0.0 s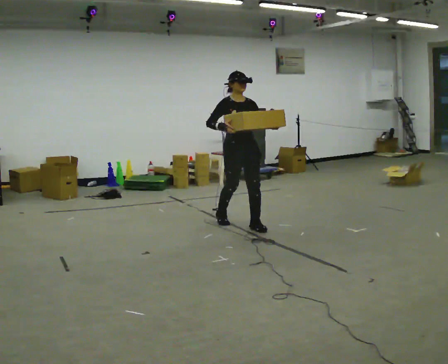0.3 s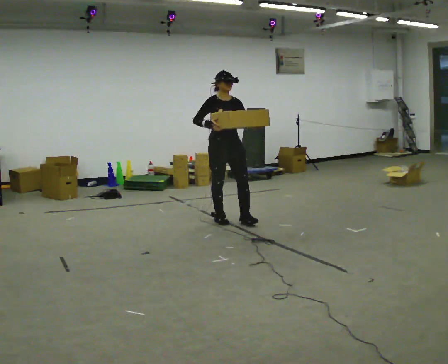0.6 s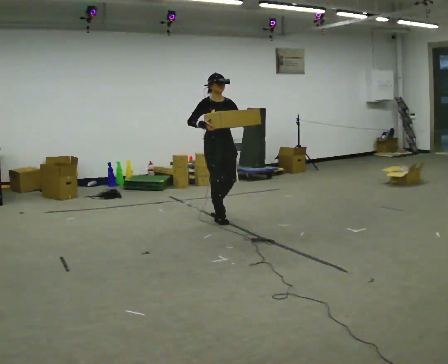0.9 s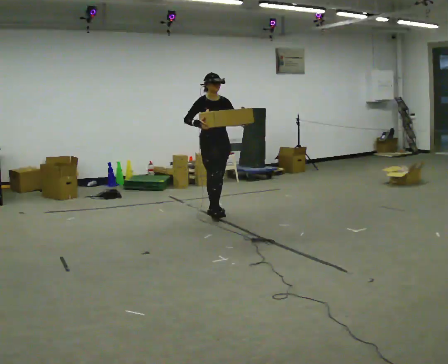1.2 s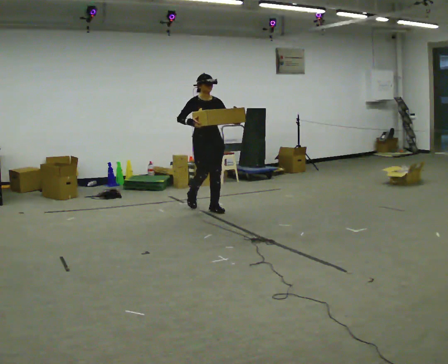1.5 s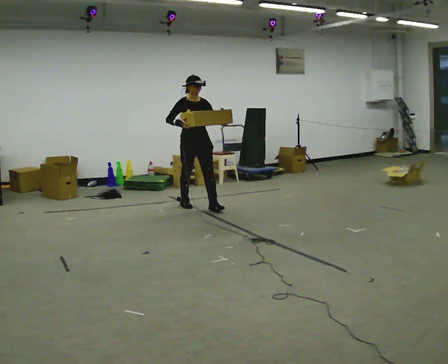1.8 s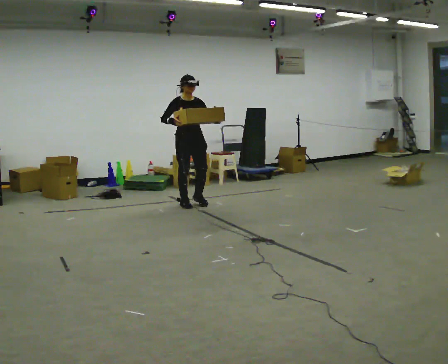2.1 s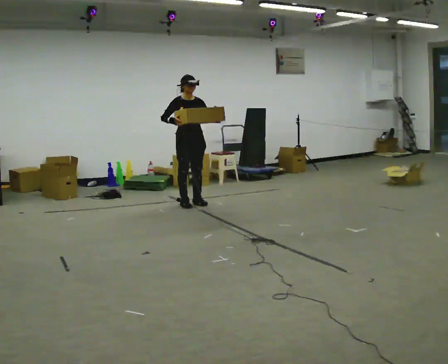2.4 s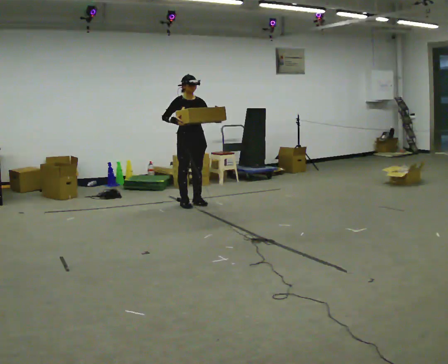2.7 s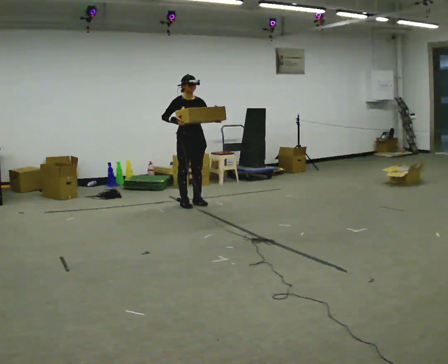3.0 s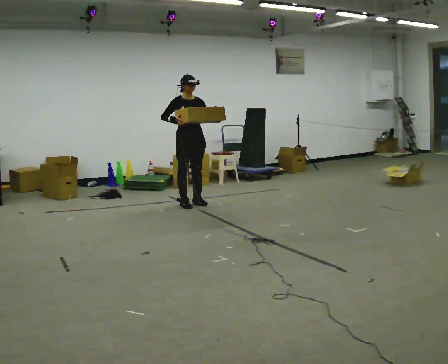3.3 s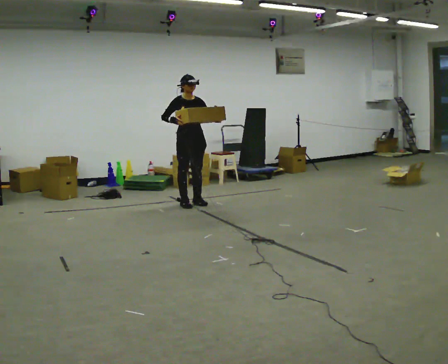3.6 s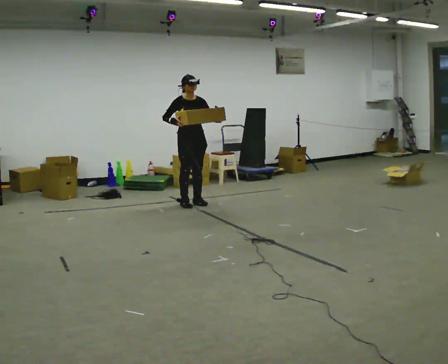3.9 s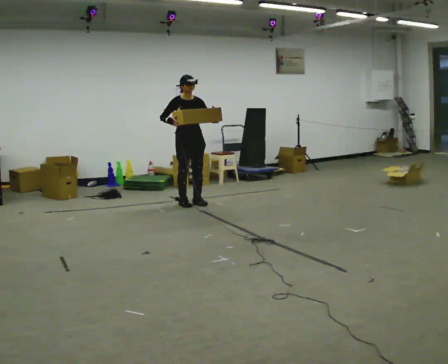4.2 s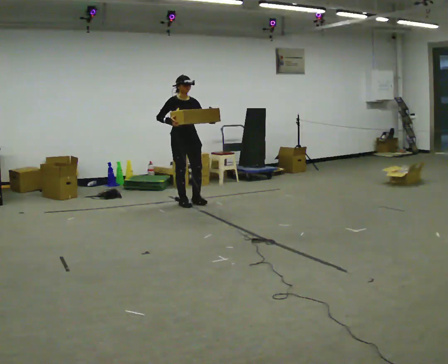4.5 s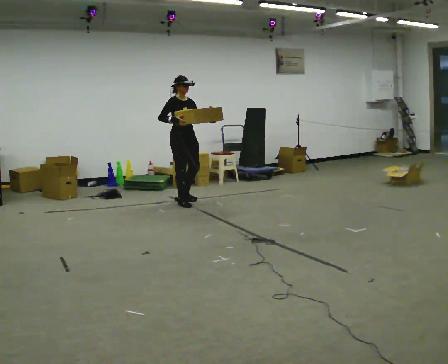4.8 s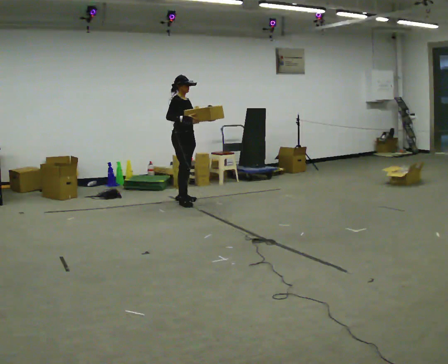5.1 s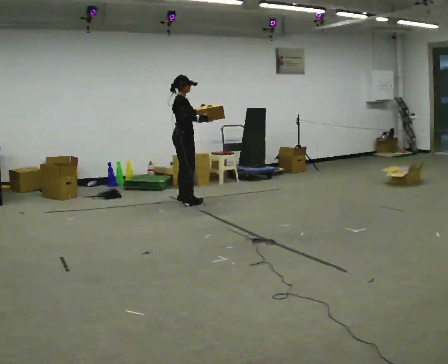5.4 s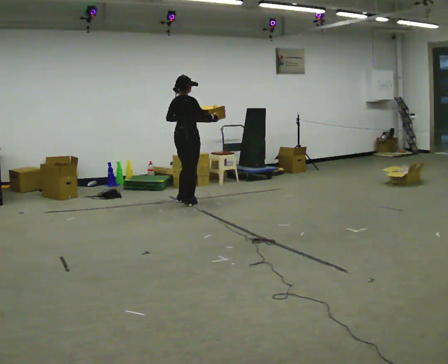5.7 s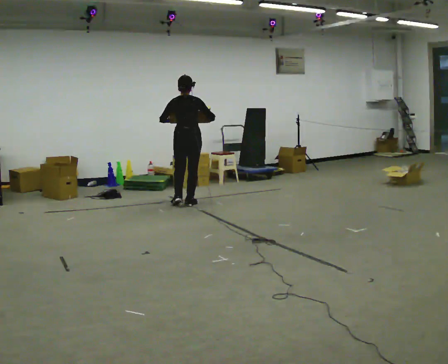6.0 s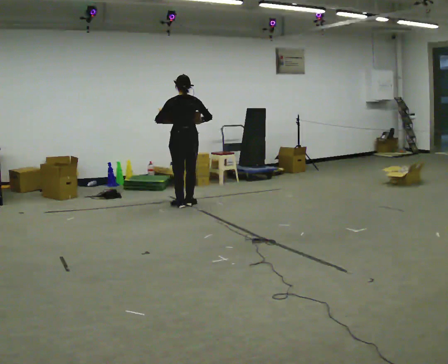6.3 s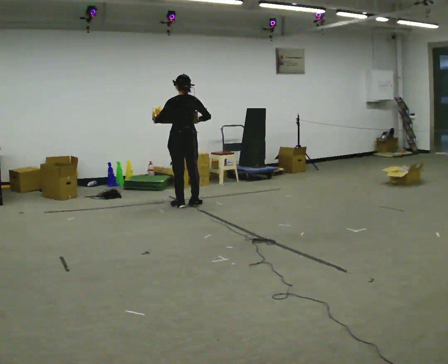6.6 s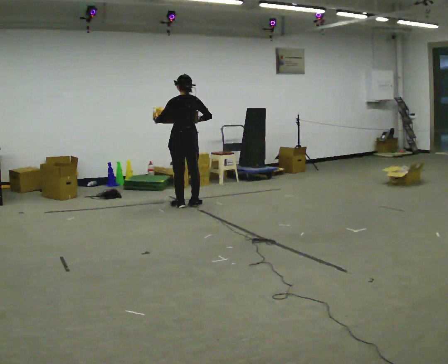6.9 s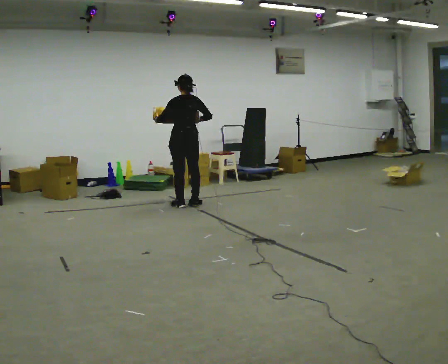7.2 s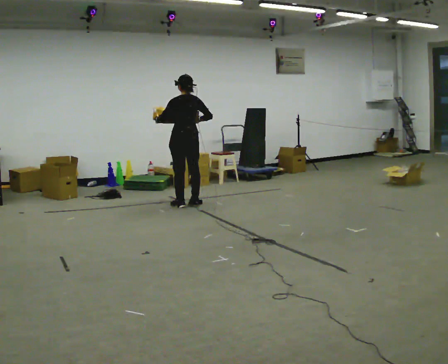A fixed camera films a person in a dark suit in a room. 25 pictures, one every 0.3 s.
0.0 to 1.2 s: In the picture they go away from the camera and to the left, about 1 m in 2 steps, which for them is backward.
1.2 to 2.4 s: In the picture they go away from the camera and to the left, about 0.5 m in 1 step, which for them is backward.
2.4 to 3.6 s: The person moves a little, or ends about where they began.
3.6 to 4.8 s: The person turns about 45 degrees to their left, counterclockwise seen from above, so the part of the body nearest the lens slides to the right.
4.8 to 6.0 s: Seen from above the body turns counterclockwise, about 120 degrees: to their left, with its near side sliding to the right. In the picture they go toward the camera, about 0.25 m in 1 step. In the picture their left hand goes to the left.
6.0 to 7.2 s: The person moves a little, or ends about where they began.
The film runs backward here.
